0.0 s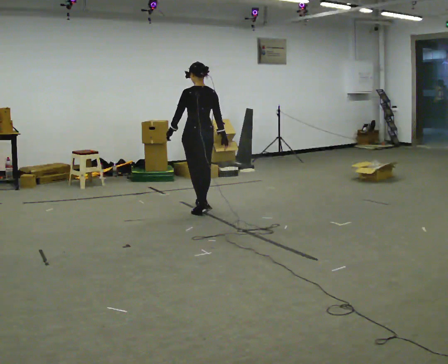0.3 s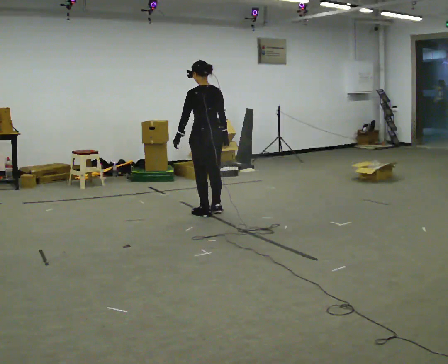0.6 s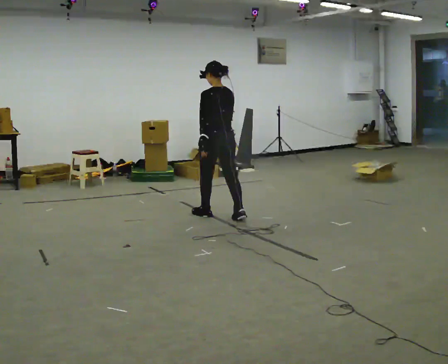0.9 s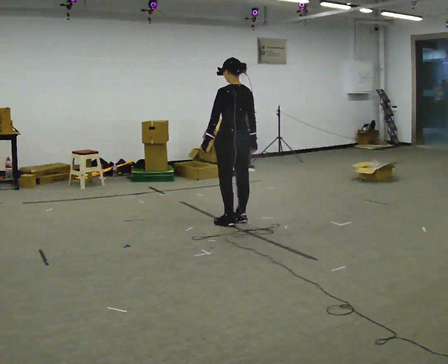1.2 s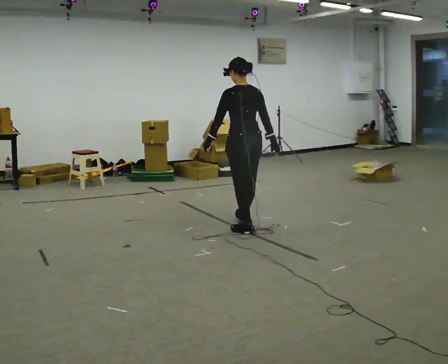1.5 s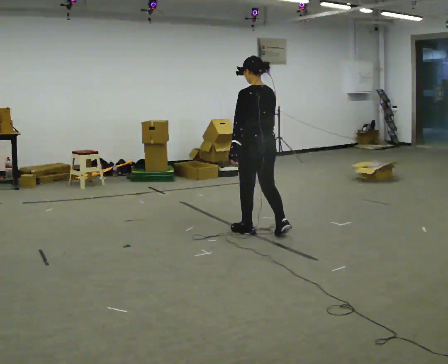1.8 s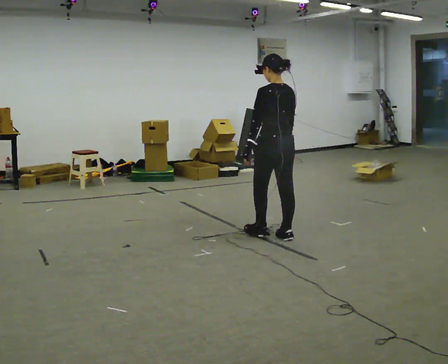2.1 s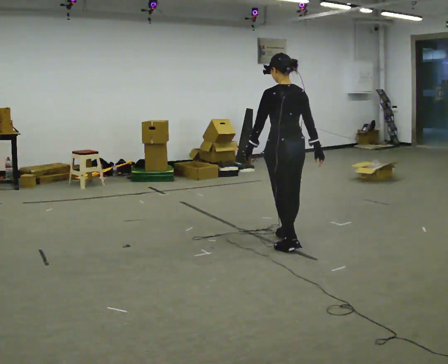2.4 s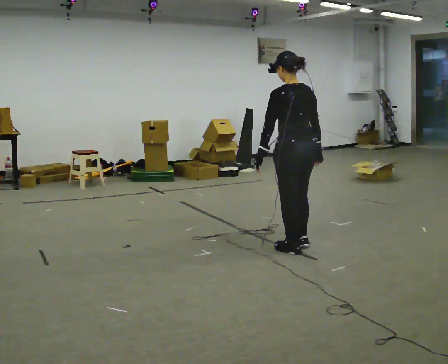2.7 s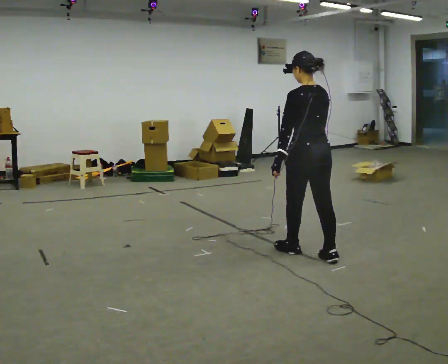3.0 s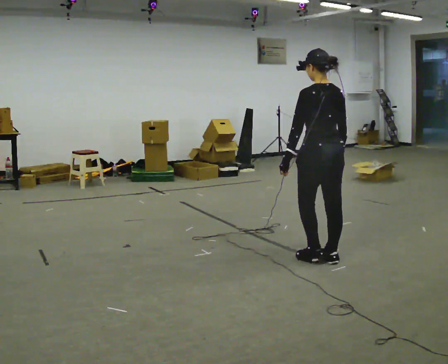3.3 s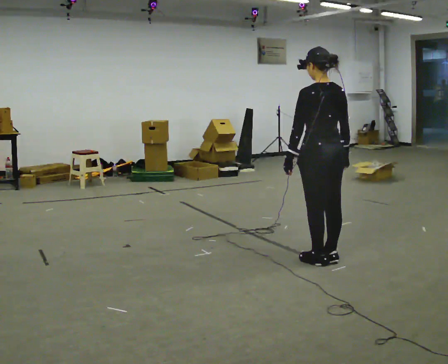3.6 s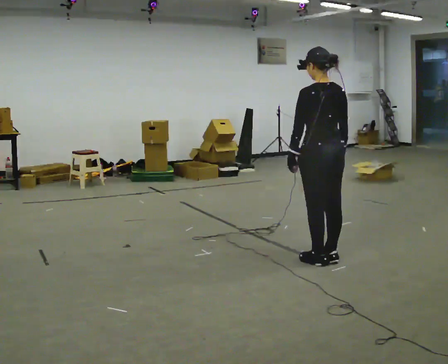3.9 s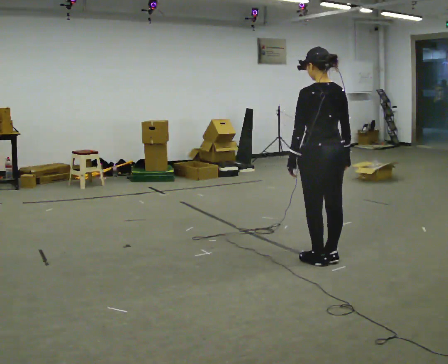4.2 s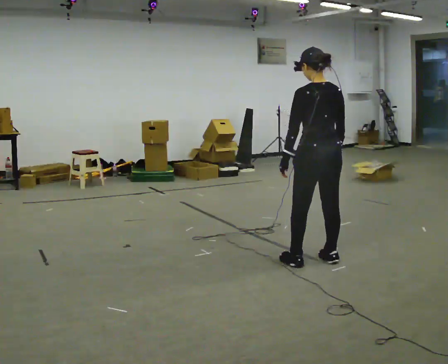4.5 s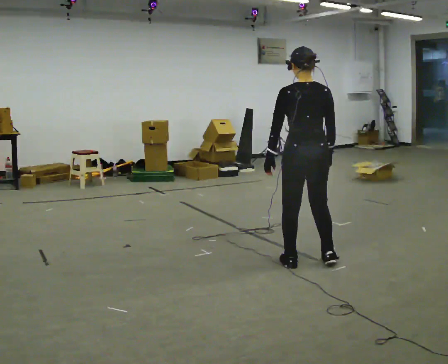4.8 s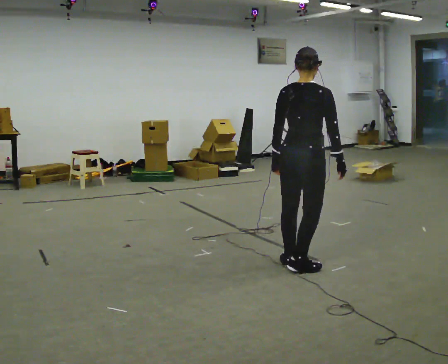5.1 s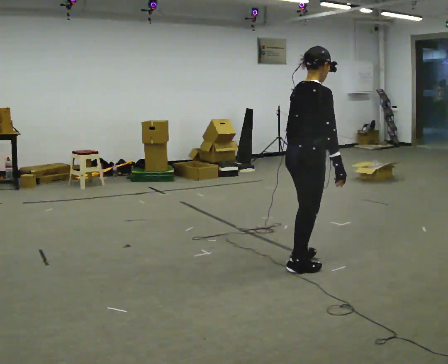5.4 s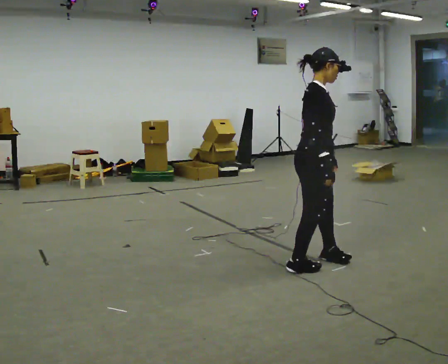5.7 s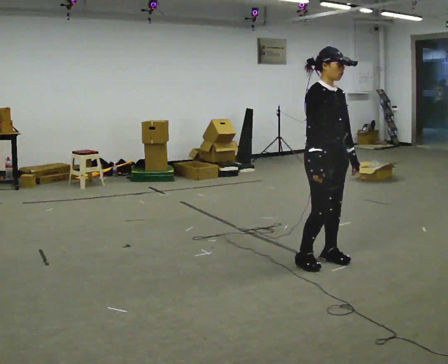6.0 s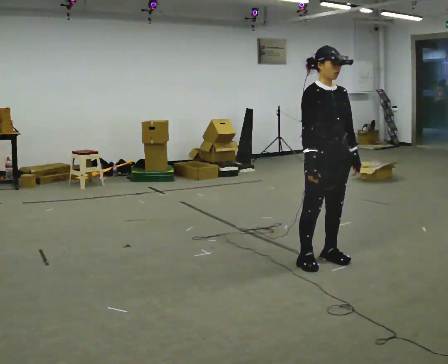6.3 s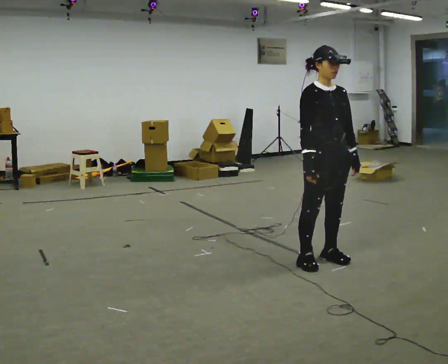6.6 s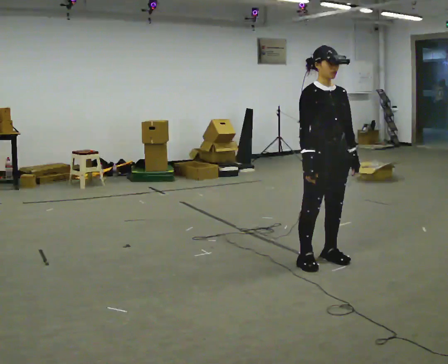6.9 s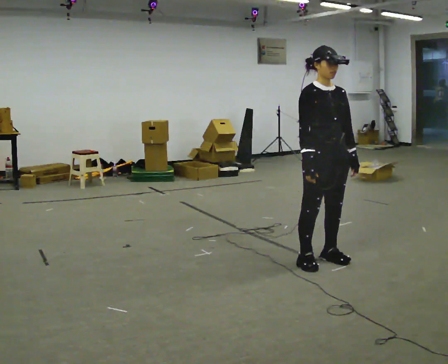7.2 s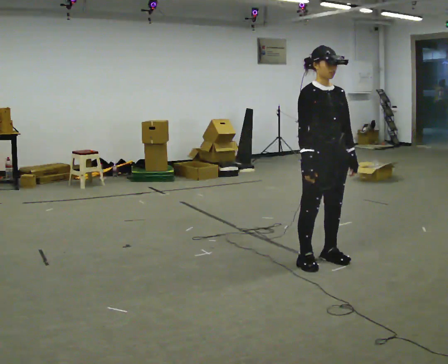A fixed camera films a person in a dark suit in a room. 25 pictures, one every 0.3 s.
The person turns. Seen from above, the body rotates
clockwise.
The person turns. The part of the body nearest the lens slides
to the left.
0.0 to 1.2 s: In the picture they go to the right and toward the camera, about 1 m in 3 steps, which for them is backward.
1.2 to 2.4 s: In the picture they go toward the camera and to the right, about 1 m in 2 steps, which for them is backward.
2.4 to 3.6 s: In the picture they go to the right and toward the camera, about 0.25 m in 1 step, which for them is backward.
3.6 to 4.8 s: Seen from above the body turns clockwise, about 45 degrees: to their right, with its near side sliding to the left.
4.8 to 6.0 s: The part of the body nearest the lens slides to the left as the person turns to their right by about 120 degrees. In the picture they go to the right, about 0.25 m in 2 steps. In the picture their left hand goes to the right, the arm swinging counterclockwise.
6.0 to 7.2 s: The person keeps their place and pose.
The film runs backward here.
